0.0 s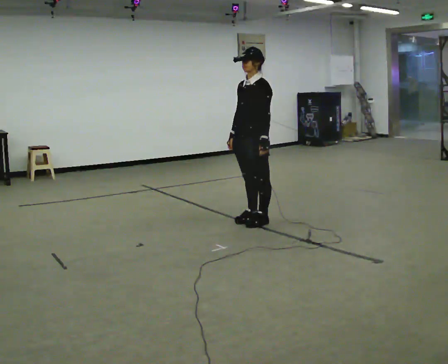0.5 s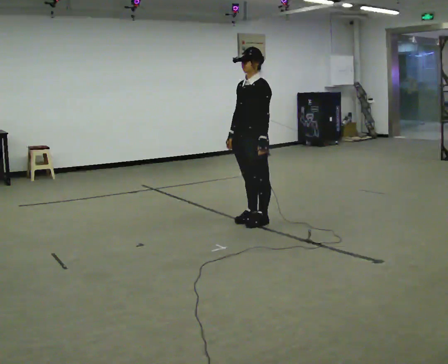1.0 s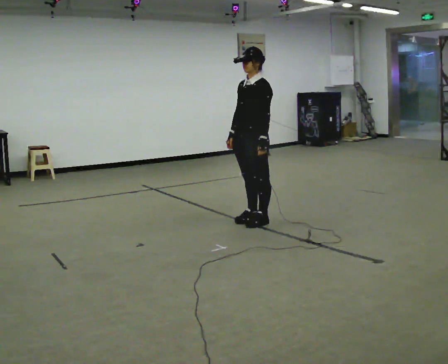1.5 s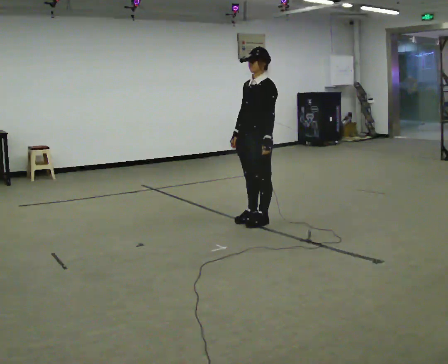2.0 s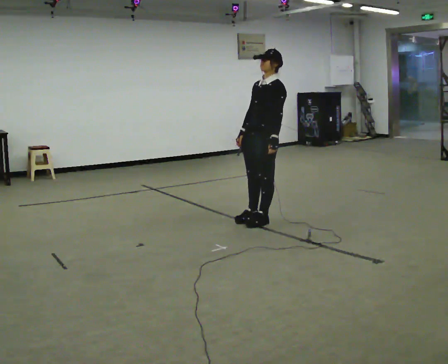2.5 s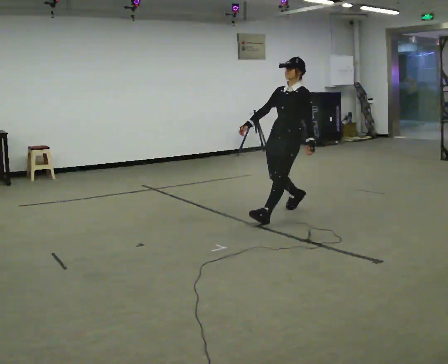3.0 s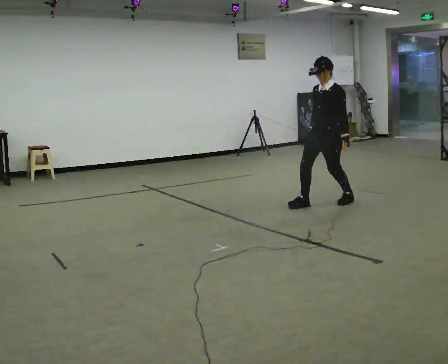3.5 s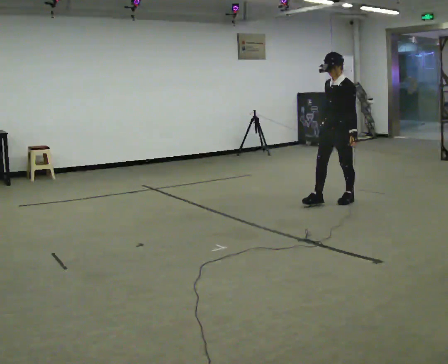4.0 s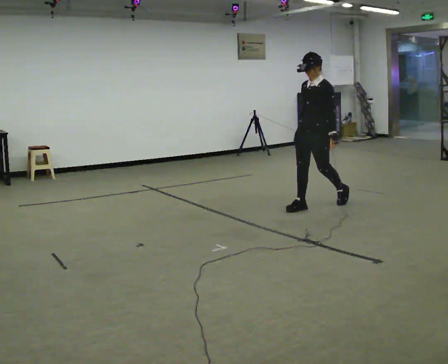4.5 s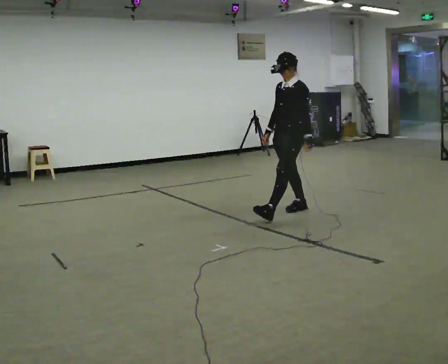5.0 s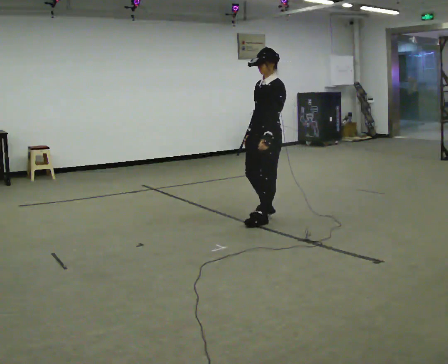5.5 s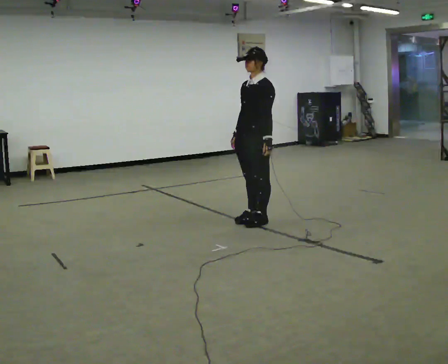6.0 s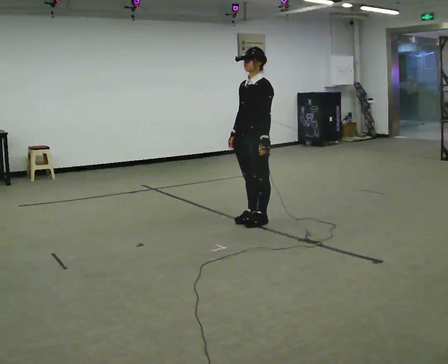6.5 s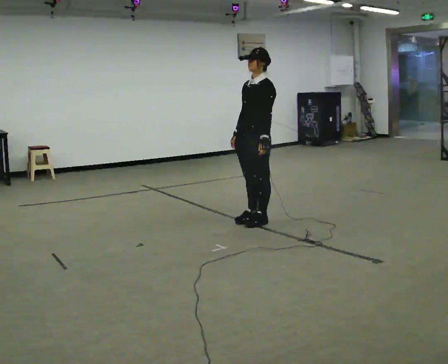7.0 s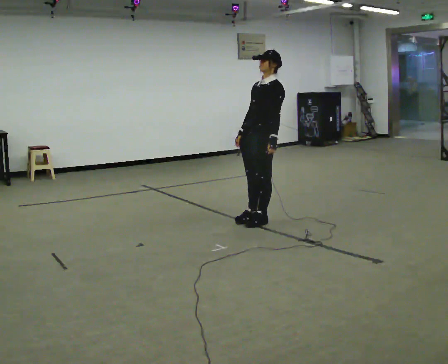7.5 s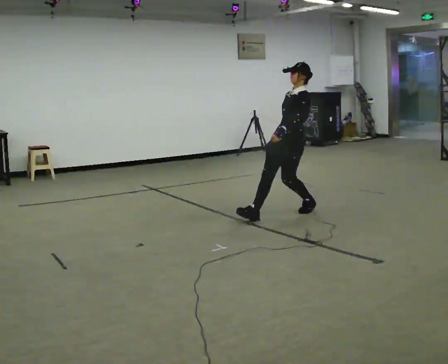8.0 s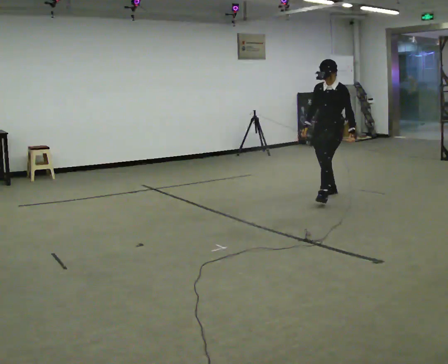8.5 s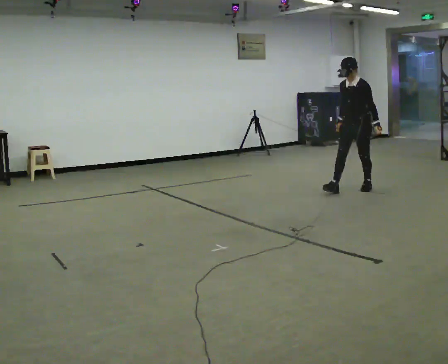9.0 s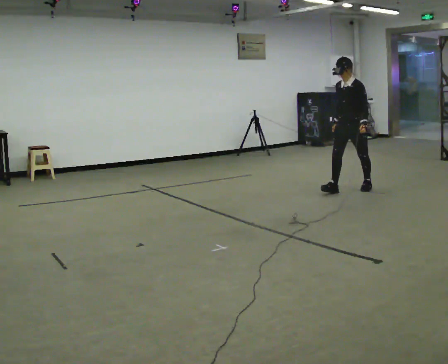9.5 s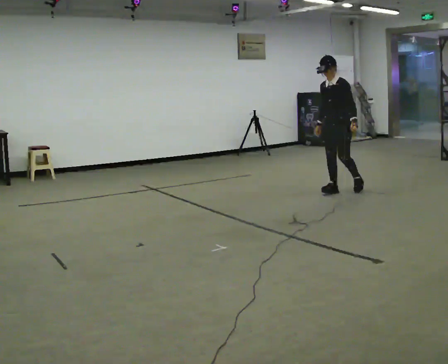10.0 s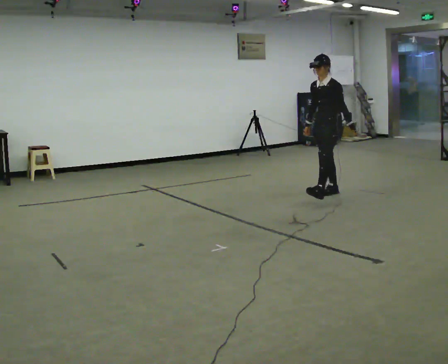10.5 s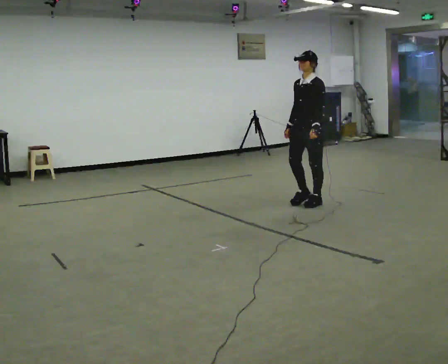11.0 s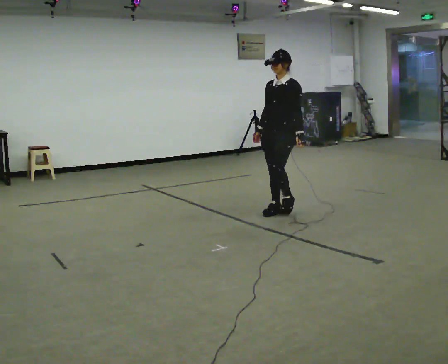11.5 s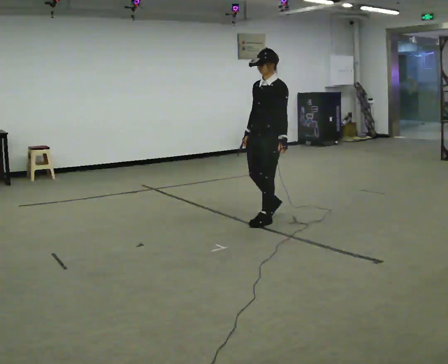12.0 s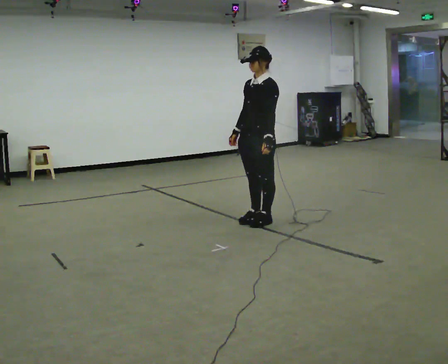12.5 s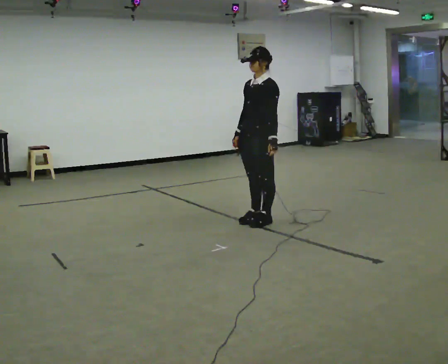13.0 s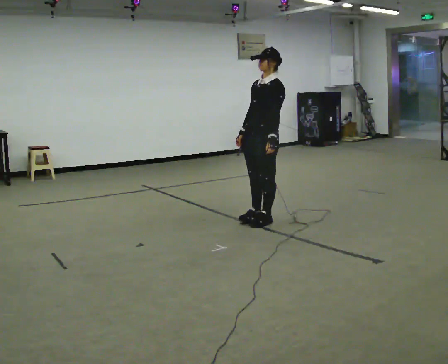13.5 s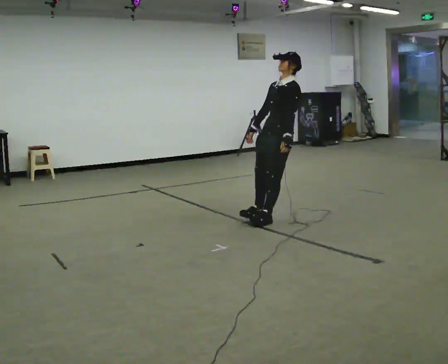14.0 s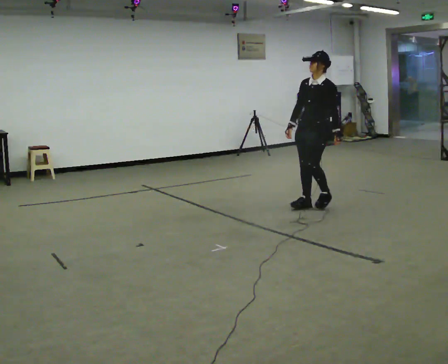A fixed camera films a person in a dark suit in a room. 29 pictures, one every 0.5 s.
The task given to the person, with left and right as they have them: Stand on the marked spots. Lean backward, keeping your body straight, until you cannot hold it, then step back to catch yourself. Return to the spots. Repeat at your own pace until the operator says stop. Go slowly and only as far as you are comfortable. Step whenever you need to; do not try to hold on longer than feels safe.
0.0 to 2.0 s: The person moves a little, or ends about where they began.
2.0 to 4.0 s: In the picture they go away from the camera and to the right, about 0.75 m in 4 steps, which for them is backward.
4.0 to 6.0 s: In the picture they go toward the camera and to the left, about 1 m in 2 steps, which for them is forward.
6.0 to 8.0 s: In the picture they go away from the camera and to the right, about 1.5 m in 2 steps, which for them is backward.
8.0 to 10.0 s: The person moves a little, or ends about where they began.
10.0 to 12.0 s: In the picture they go toward the camera and to the left, about 1.5 m in 4 steps, which for them is forward.
12.0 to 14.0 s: In the picture they go away from the camera and to the right, about 1 m in 1 step, which for them is backward.
The film runs forward here.
